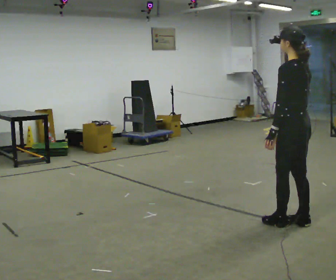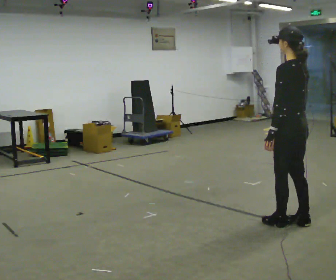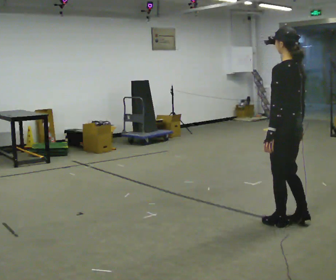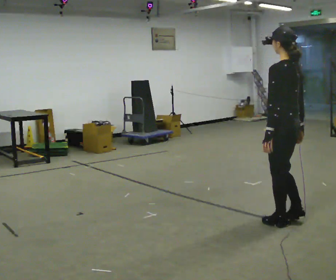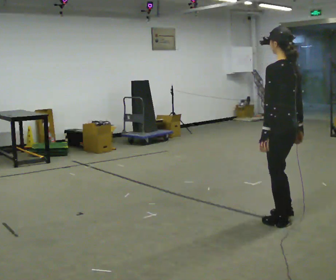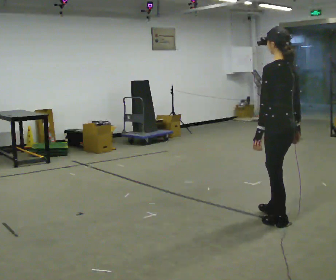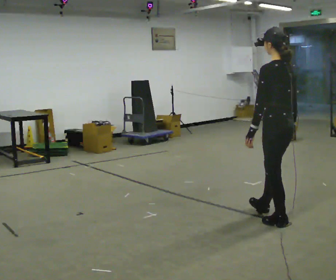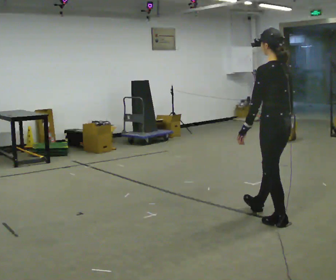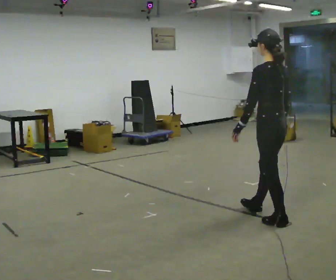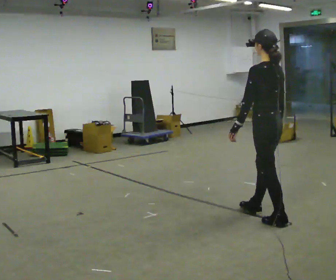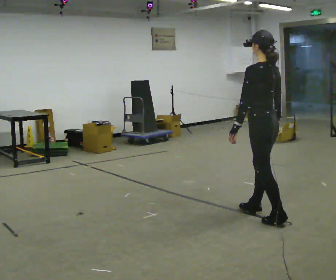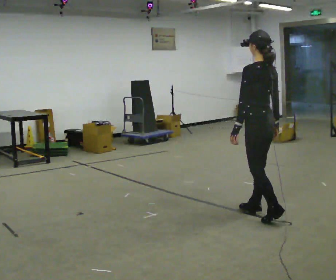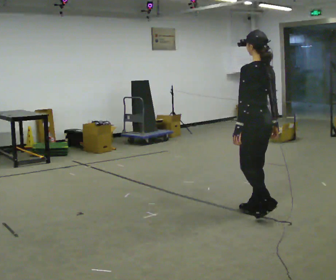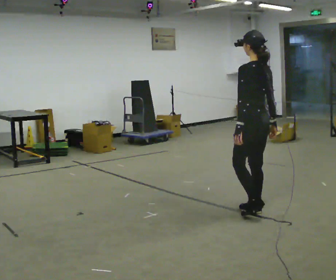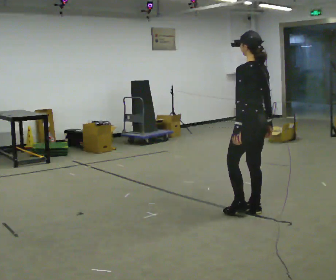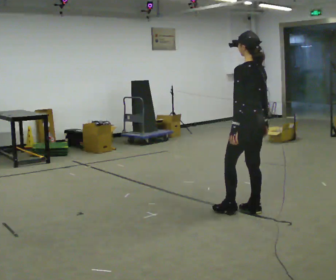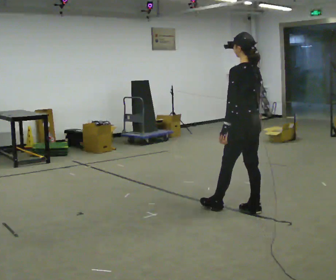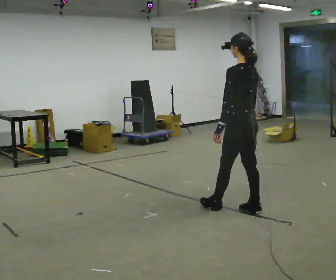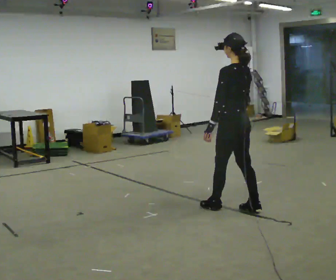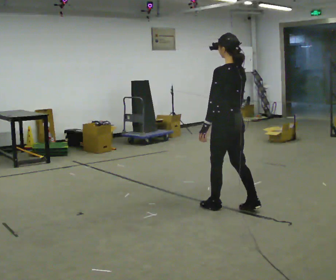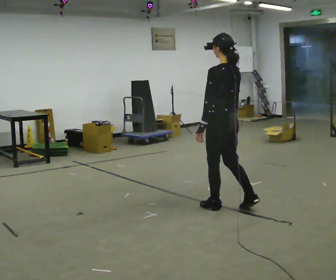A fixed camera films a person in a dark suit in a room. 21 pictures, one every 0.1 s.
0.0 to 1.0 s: In the picture they go to the left and away from the camera, about 0.25 m in 1 step, which for them is forward.
1.0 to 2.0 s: In the picture they go to the left and away from the camera, about 0.5 m in 2 steps, which for them is forward.
The film runs backward here.
